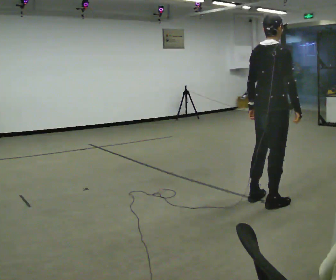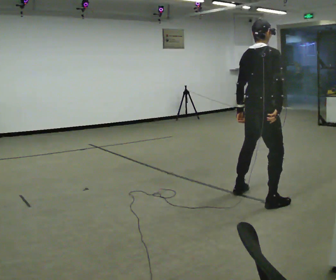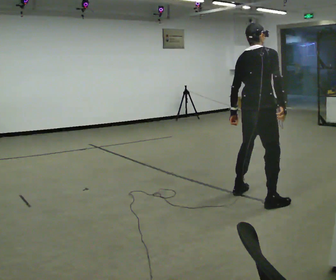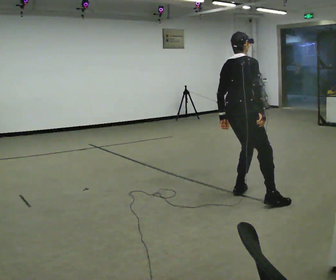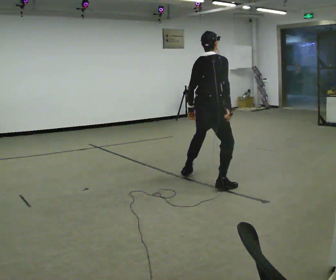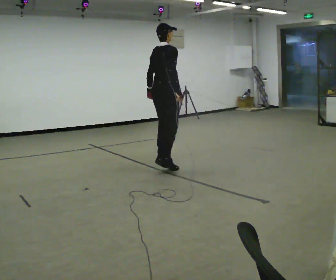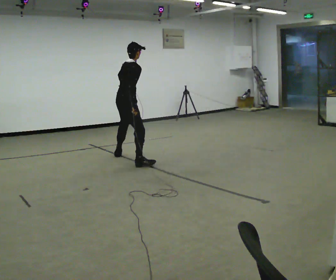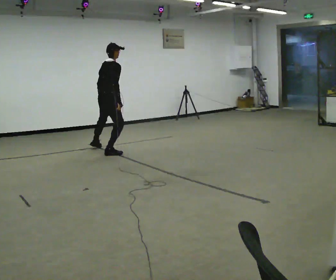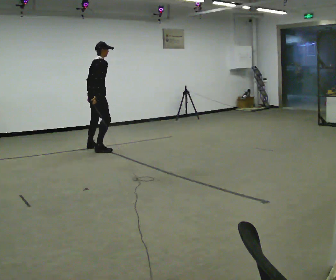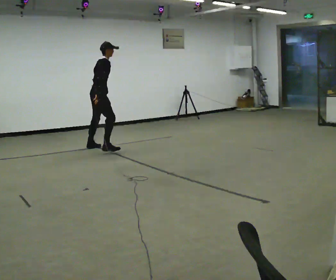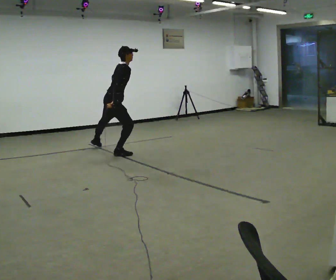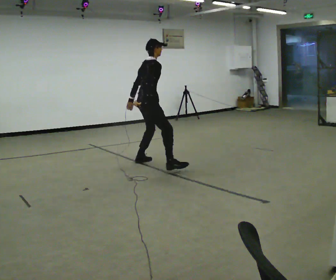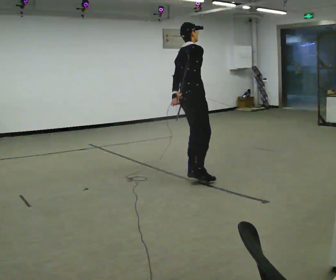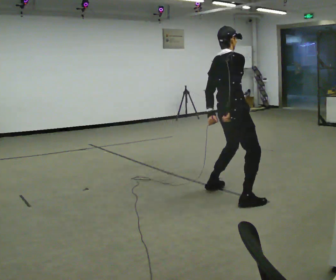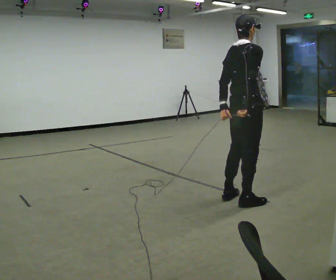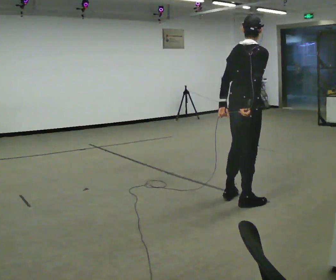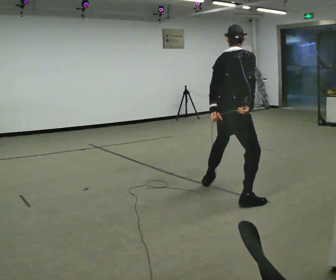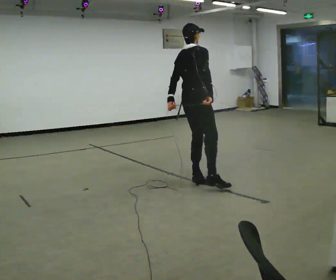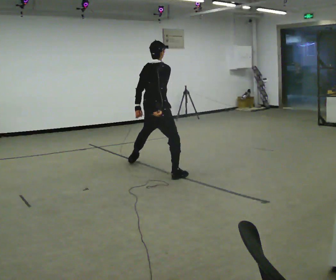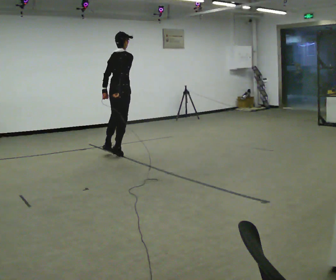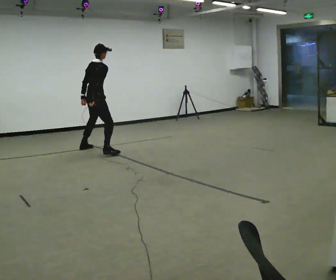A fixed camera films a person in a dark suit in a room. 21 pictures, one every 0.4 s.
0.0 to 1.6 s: In the picture they go away from the camera and to the left, about 1 m in 1 step, which for them is to their left.
1.6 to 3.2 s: In the picture they go away from the camera and to the left, about 2.5 m in 4 steps, which for them is to their left.
3.2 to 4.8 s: In the picture they go toward the camera and to the right, about 2 m in 2 steps, which for them is to their right.
4.8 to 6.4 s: In the picture they go toward the camera, about 1 m in 3 steps, which for them is to their right.
6.4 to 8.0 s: In the picture they go away from the camera and to the left, about 3 m in 4 steps, which for them is to their left.
The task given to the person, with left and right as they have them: Gallop forward leading with the leg the operator calls, keeping the same leg in front throughout.
The film runs forward here.
